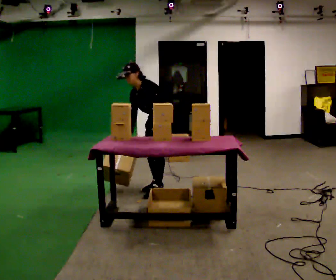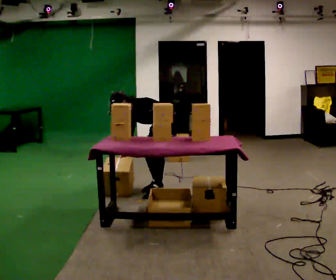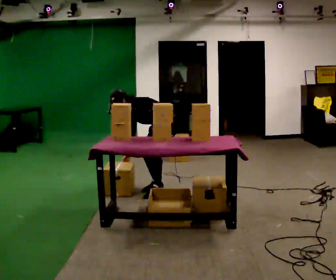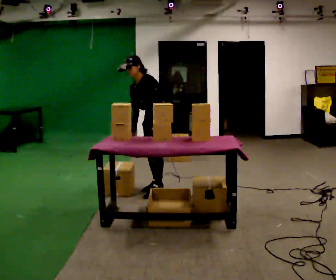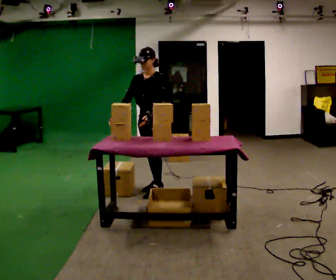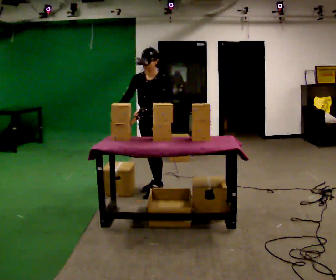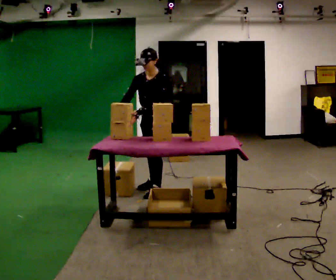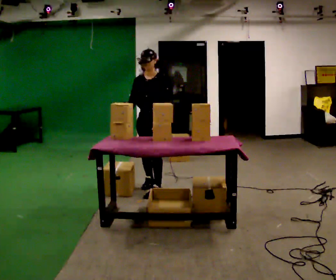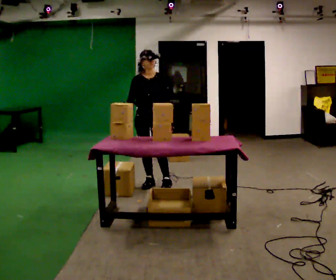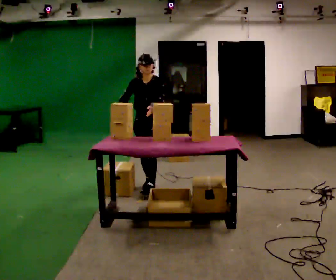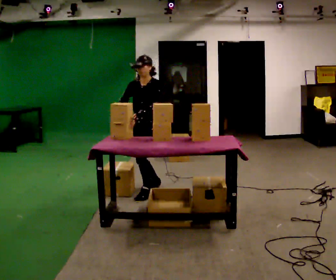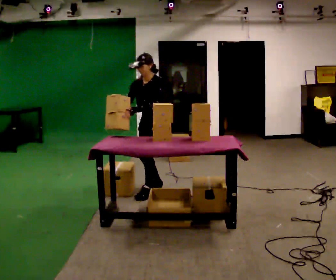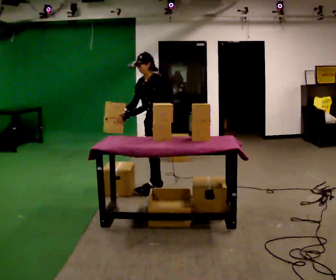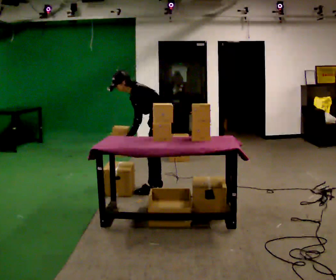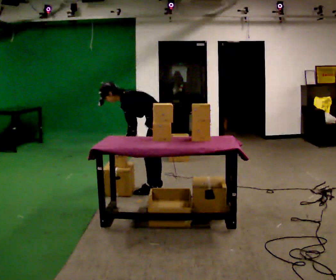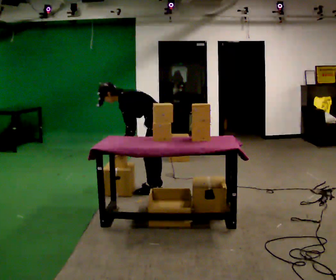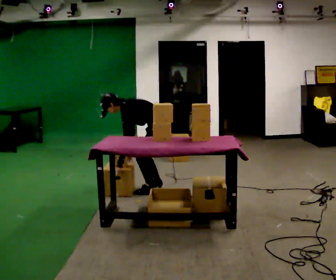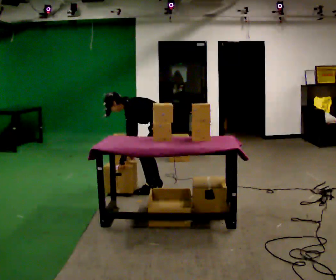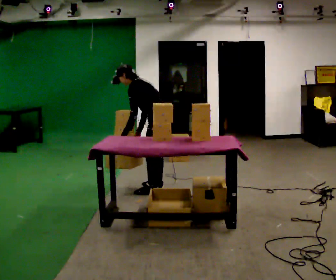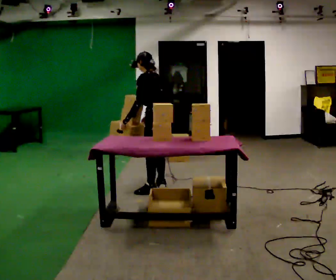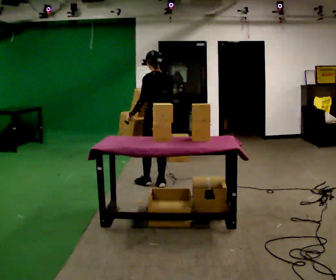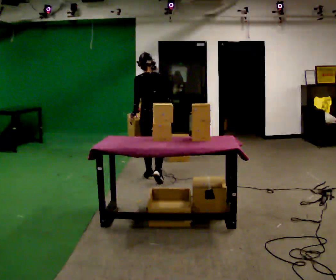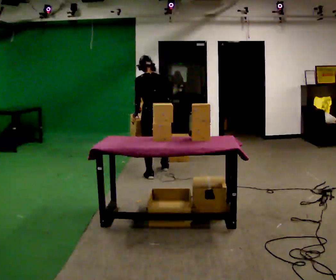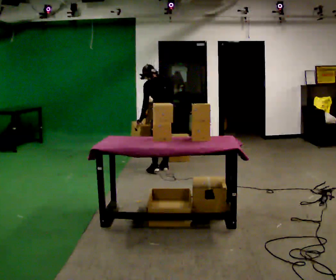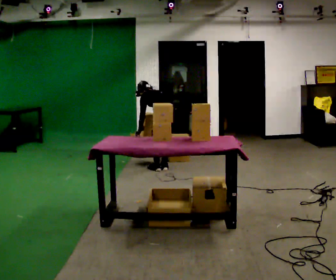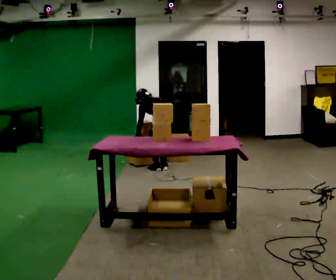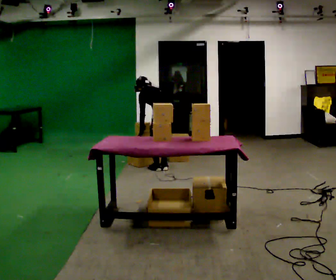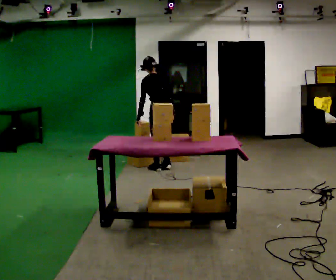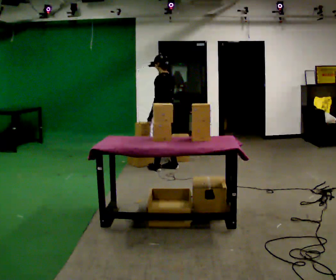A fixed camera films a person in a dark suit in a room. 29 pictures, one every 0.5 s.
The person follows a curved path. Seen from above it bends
counterclockwise.
0.0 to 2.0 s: The person moves a little, or ends about where they began.
2.0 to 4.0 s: The person turns about 45 degrees to their left, counterclockwise seen from above, so the part of the body nearest the lens slides to the right. In the picture they go away from the camera, about 0.25 m in 1 step, which for them is to their right.
4.0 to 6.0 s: The person turns about 60 degrees to their right, clockwise seen from above, so the part of the body nearest the lens slides to the left. In the picture the upper body tilts counterclockwise, shoulders to the left. In the picture their left hand goes to the left.
6.0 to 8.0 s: The person turns about 30 degrees to their right, clockwise seen from above, so the part of the body nearest the lens slides to the left. The shoulders move downward. In the picture the upper body tilts counterclockwise, shoulders to the left, as they bend forward. In the picture their right hand goes downward.
8.0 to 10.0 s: The person turns about 60 degrees to their right, clockwise seen from above, so the part of the body nearest the lens slides to the left. In the picture they go away from the camera, about 0.25 m, which for them is to their right and forward. The shoulders move upward. In the picture the upper body tilts clockwise, shoulders to the right, as they lean back or straighten. In the picture their left hand goes upward.
10.0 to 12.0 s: In the picture they go away from the camera, about 0.75 m in 3 steps, which for them is forward. The shoulders move downward. The upper body tips away from the camera, its near side rolling upward, as they bend forward. In the picture their right hand goes downward.
12.0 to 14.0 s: The person turns about 30 degrees to their left, counterclockwise seen from above, so the part of the body nearest the lens slides to the right. The upper body tips toward the camera, its near side rolling downward, as they lean back or straighten.
The film runs forward here.
